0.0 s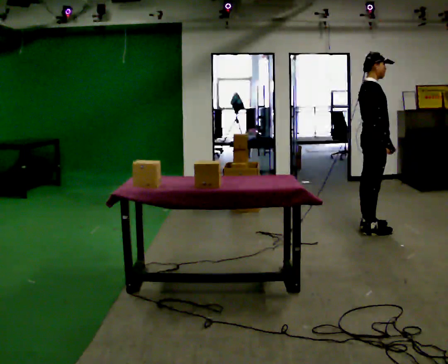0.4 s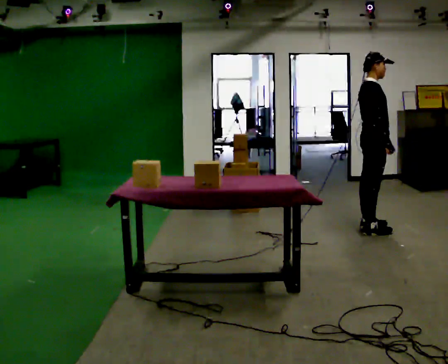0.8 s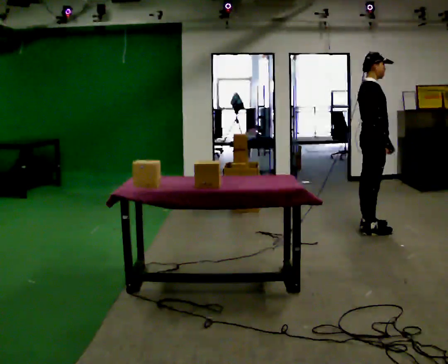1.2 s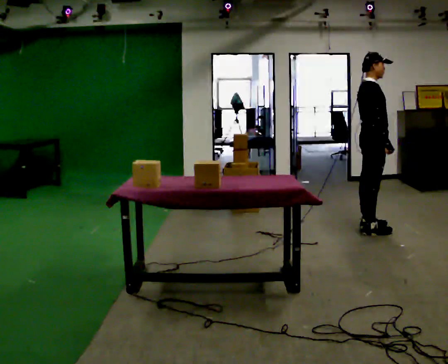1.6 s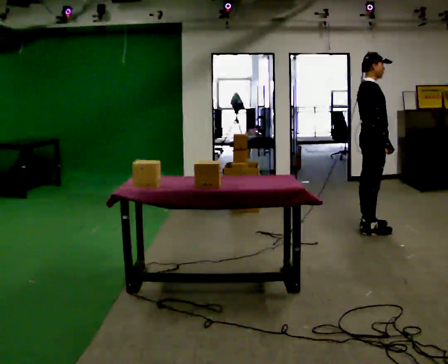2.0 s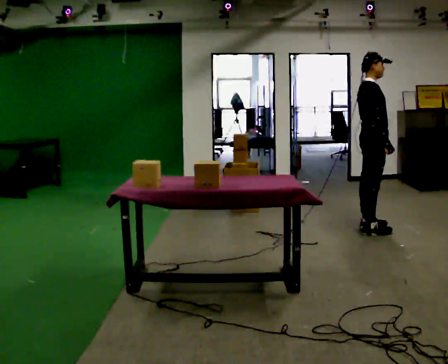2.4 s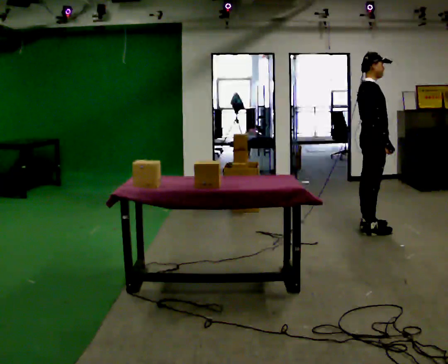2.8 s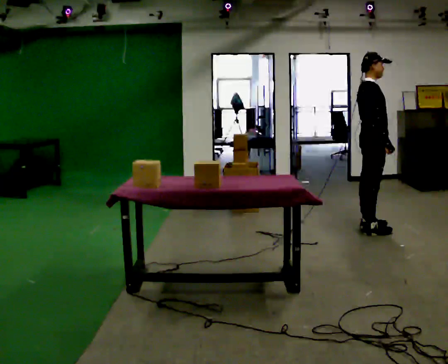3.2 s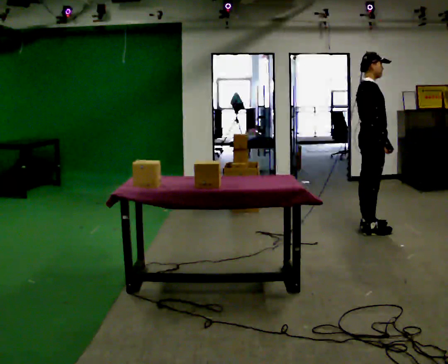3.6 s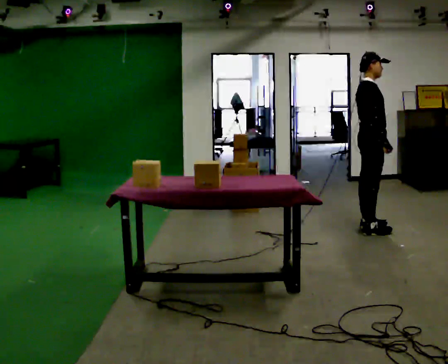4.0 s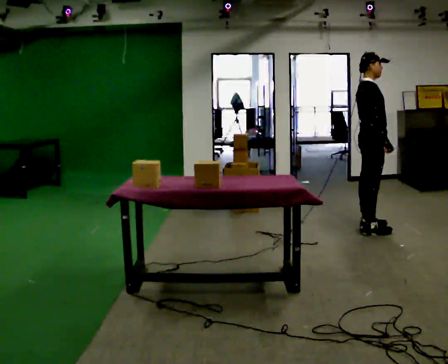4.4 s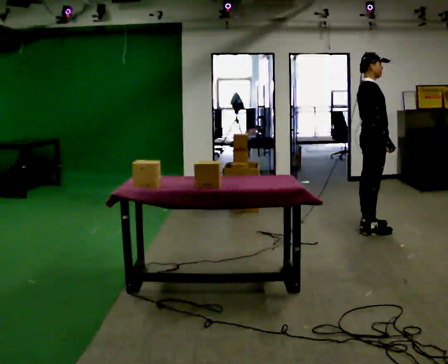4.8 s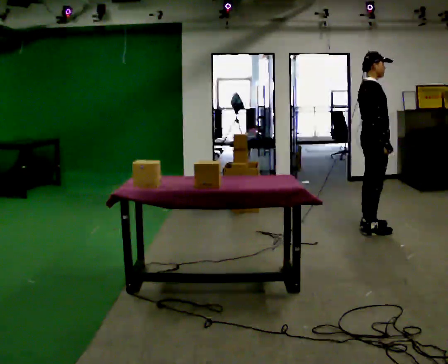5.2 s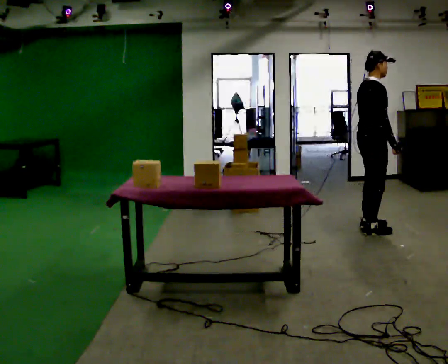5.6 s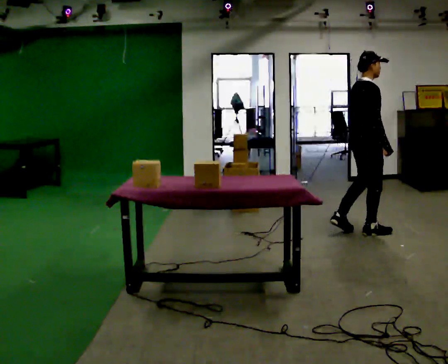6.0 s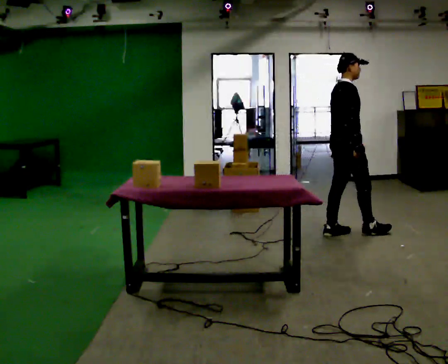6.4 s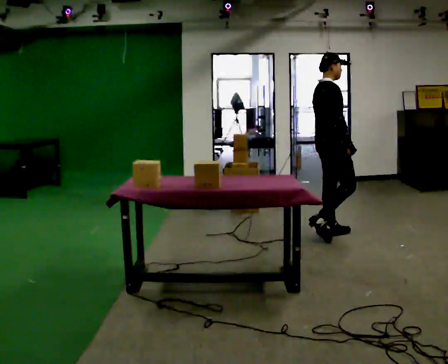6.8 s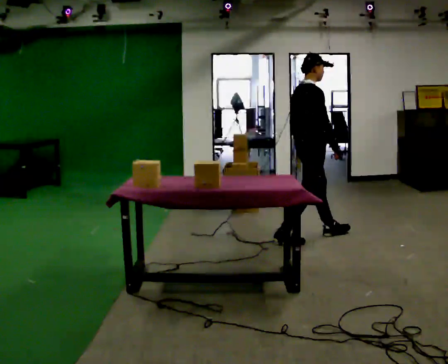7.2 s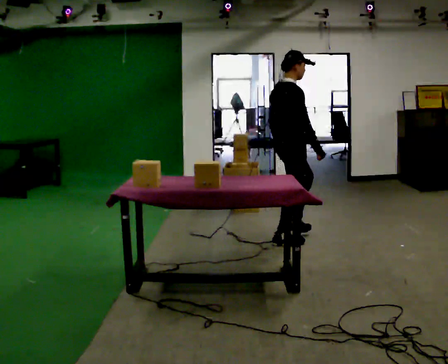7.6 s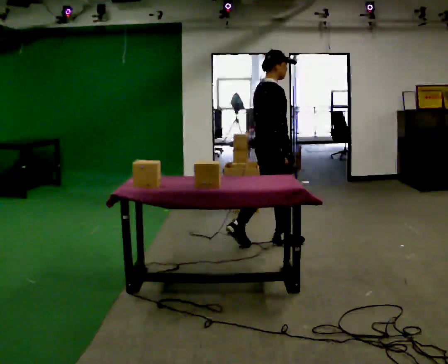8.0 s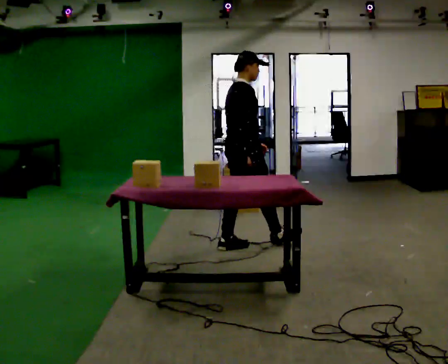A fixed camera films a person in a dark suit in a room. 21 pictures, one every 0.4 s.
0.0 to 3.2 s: The person keeps their place and pose.
3.2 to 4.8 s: The person moves a little, or ends about where they began.
4.8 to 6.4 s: In the picture they go to the left and toward the camera, about 0.5 m in 2 steps, which for them is backward.
6.4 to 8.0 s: In the picture they go to the left and toward the camera, about 1 m in 1 step, which for them is backward.
The film runs backward here.
